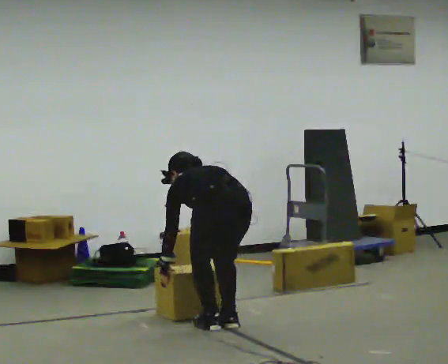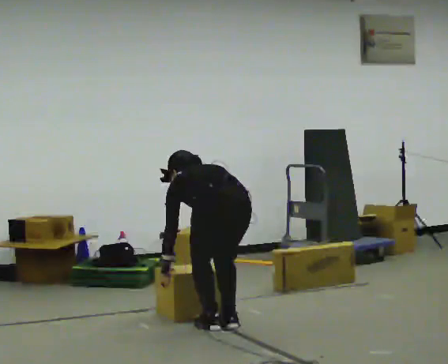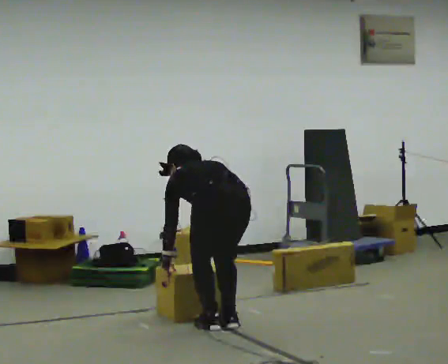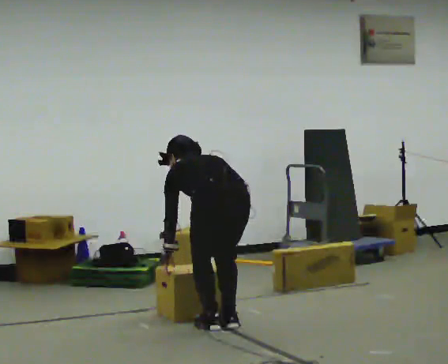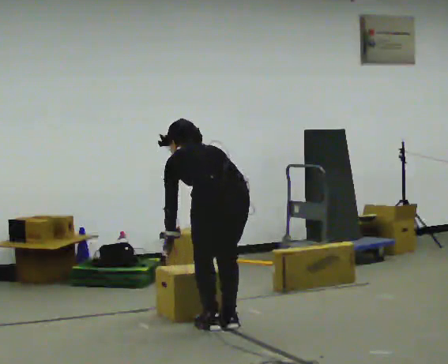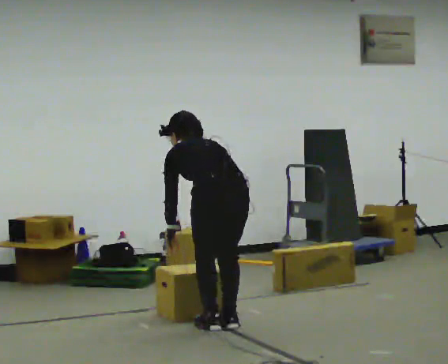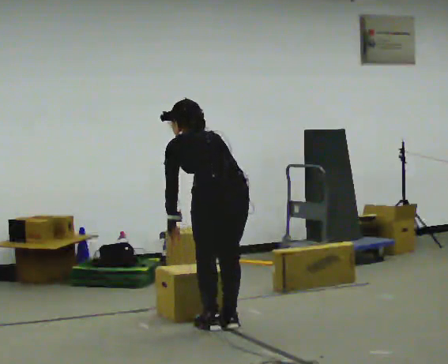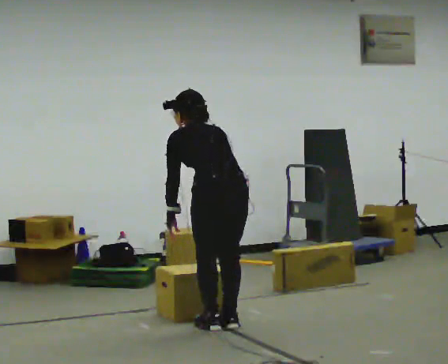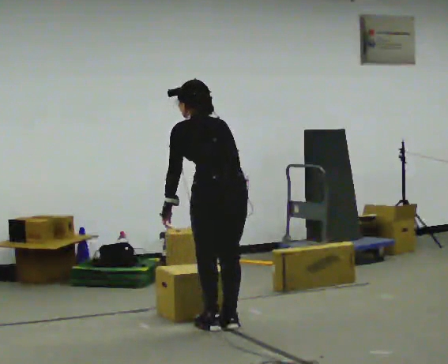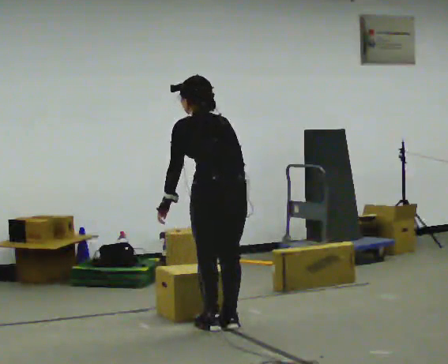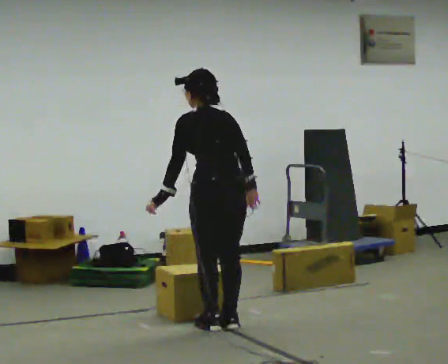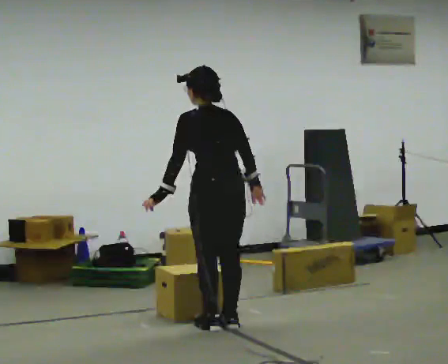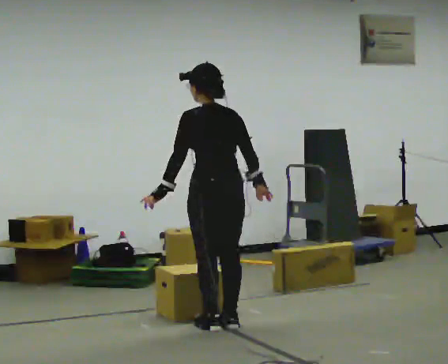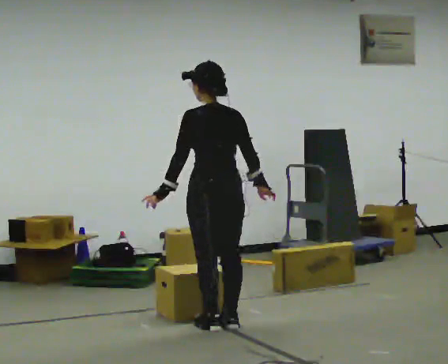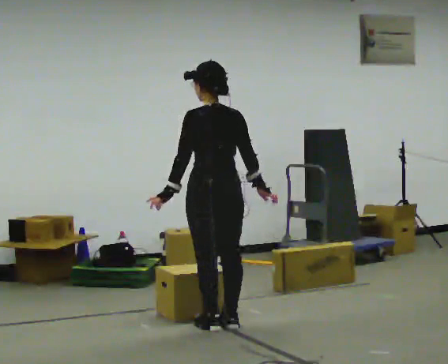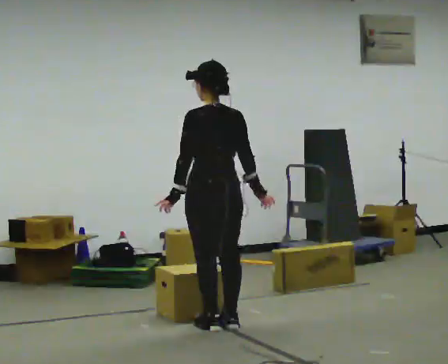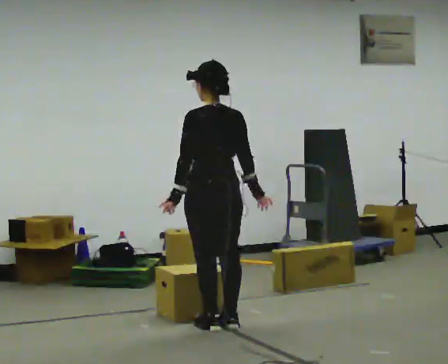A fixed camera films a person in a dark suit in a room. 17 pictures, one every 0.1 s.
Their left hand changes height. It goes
upward.
The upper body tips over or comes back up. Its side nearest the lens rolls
downward.
0.0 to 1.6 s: The upper body goes upward. The upper body tips toward the camera, its near side rolling downward, as they lean back or straighten. In the picture their right hand goes upward.
The film runs forward here.
